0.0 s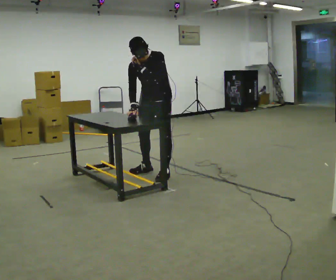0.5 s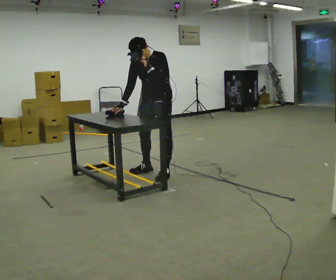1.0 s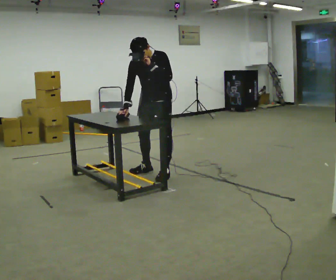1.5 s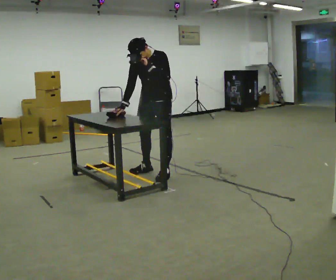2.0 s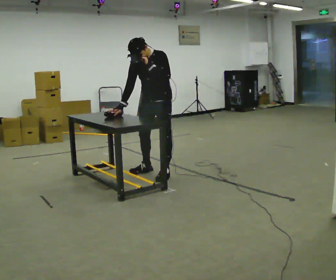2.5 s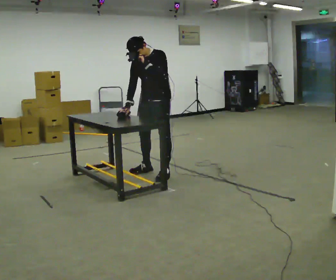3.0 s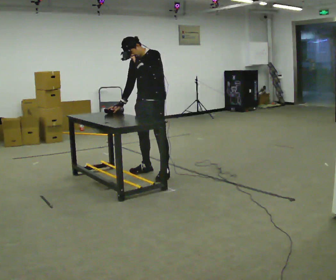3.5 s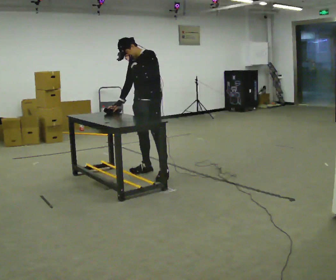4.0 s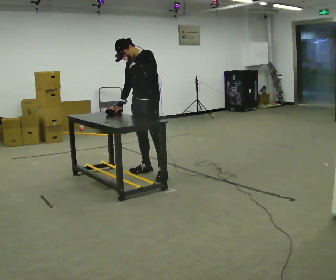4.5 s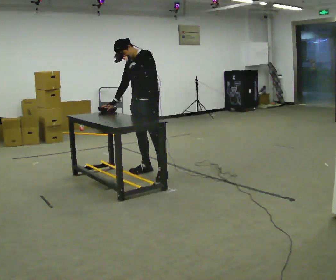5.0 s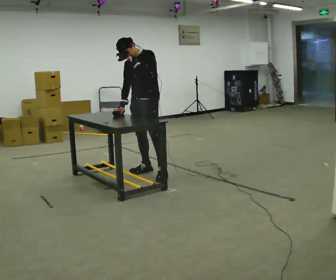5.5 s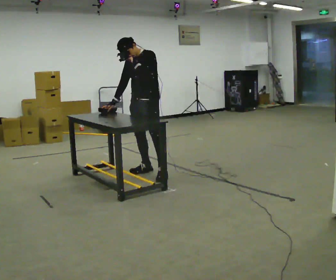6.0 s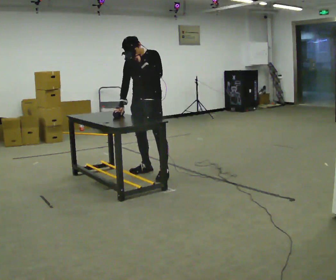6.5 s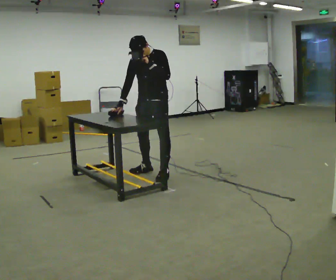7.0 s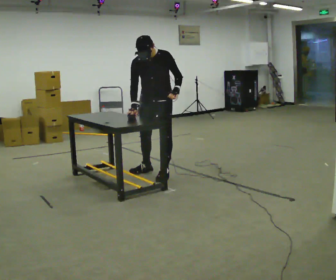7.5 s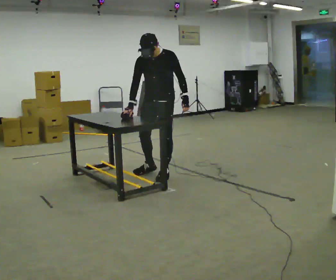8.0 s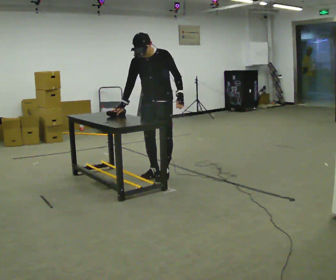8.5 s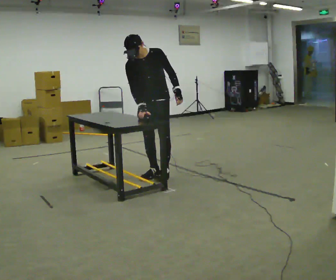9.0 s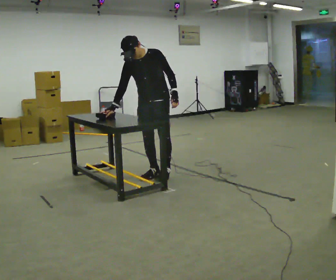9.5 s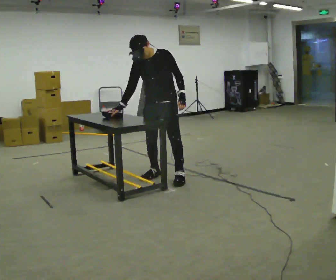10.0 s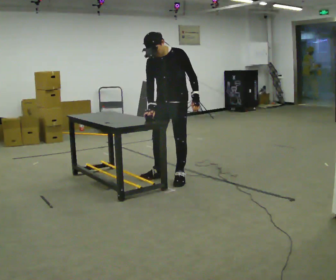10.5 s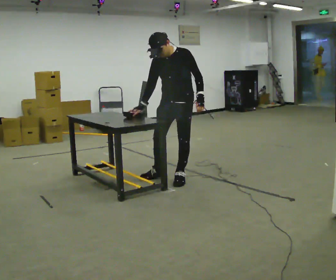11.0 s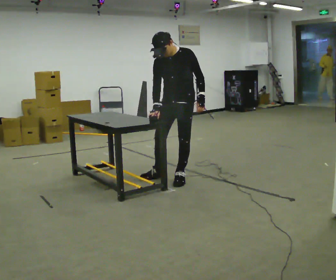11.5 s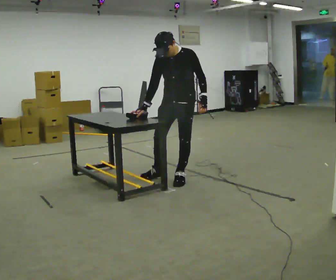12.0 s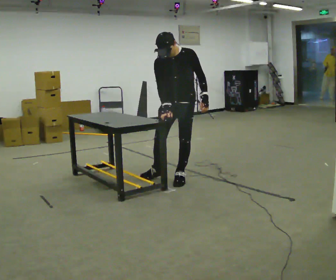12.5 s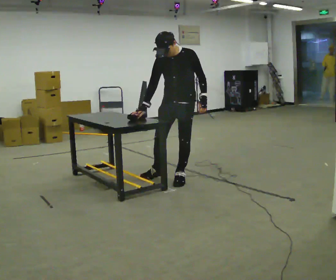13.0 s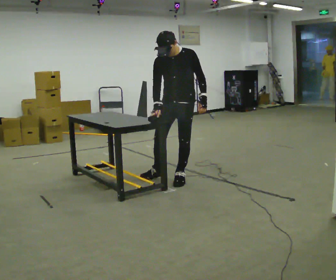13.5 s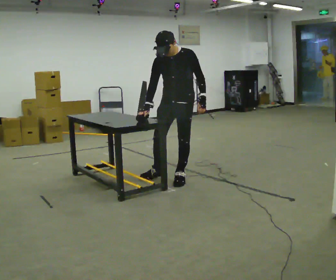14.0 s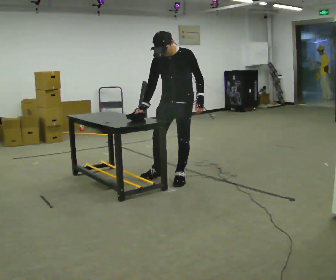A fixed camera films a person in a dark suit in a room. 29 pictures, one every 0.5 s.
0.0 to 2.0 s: The person moves a little, or ends about where they began.
2.0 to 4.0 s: The upper body tips away from the camera, its near side rolling upward.
4.0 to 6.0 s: The person moves a little, or ends about where they began.
6.0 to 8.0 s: In the picture they go toward the camera, about 0.25 m in 1 step, which for them is to their left. In the picture their left hand goes downward and to the right.
8.0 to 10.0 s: In the picture they go toward the camera and to the right, about 0.25 m in 1 step, which for them is to their left. In the picture their right hand goes to the right.
10.0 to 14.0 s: The person moves a little, or ends about where they began.
The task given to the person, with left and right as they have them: Cover the whole panel with the brush or roller, using long strokes. Repeat at your own pace until the operator says stop. Keep both feet on the marked spots for the whole take. If you have to step, stop and tell the operator.
The film runs forward here.
